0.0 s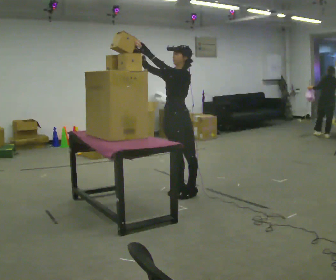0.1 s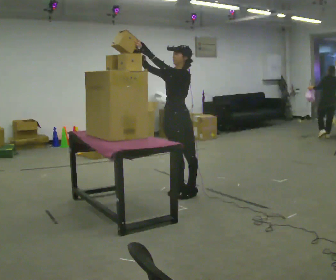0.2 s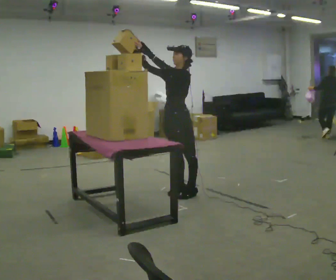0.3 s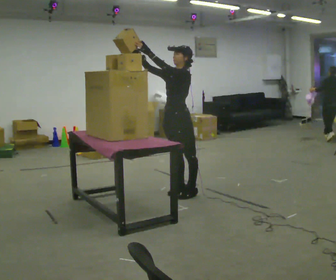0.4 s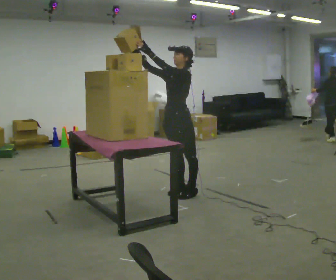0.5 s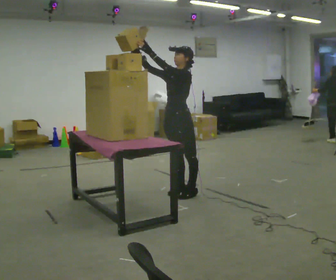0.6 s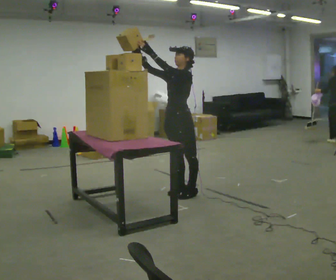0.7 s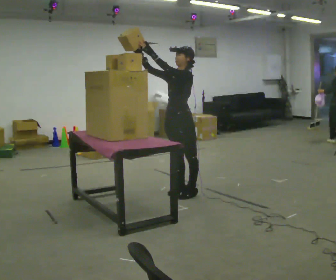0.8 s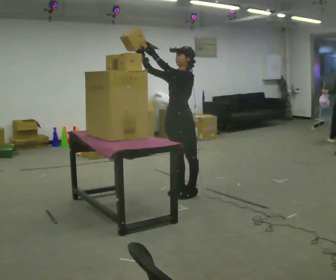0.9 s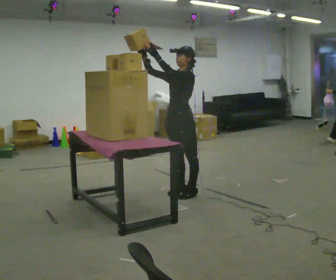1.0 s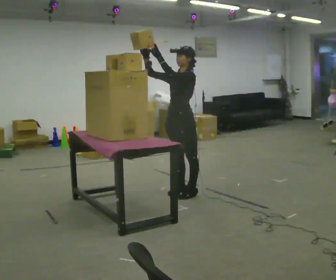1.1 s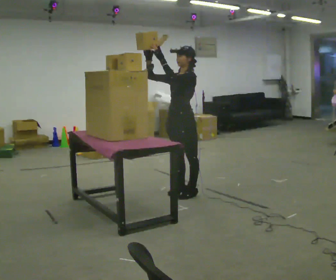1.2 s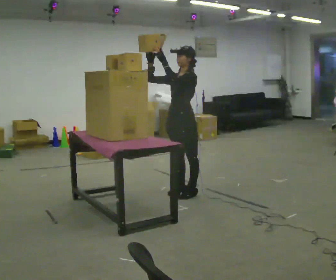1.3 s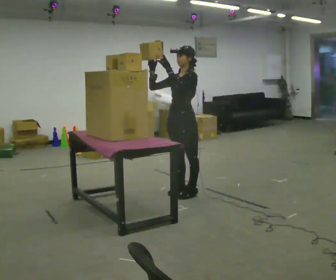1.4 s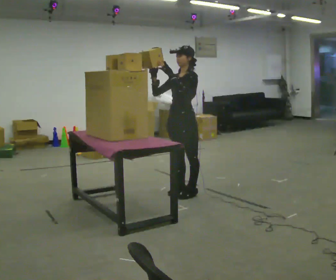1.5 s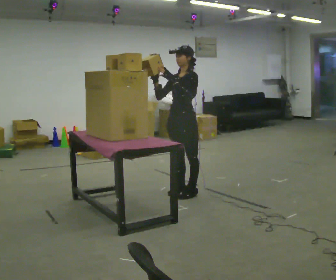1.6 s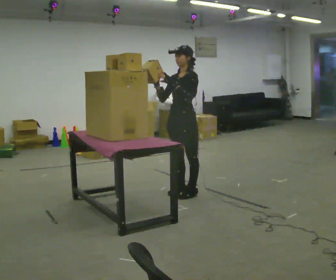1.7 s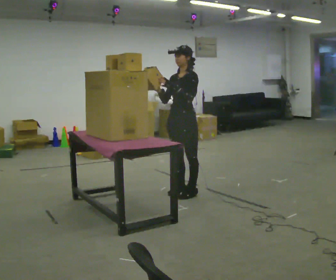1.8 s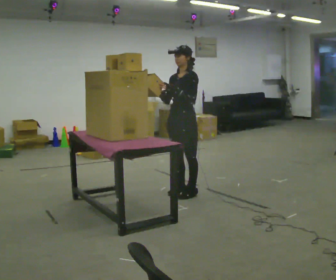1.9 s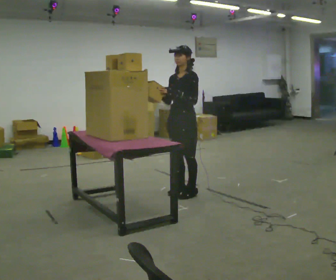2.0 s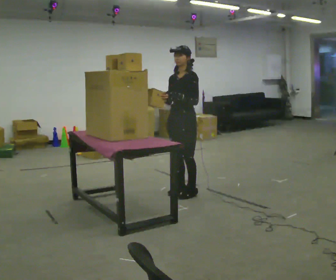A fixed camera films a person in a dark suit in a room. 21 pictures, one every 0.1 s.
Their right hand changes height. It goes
downward.
Their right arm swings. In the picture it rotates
counterclockwise.
0.0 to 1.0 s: The person moves a little, or ends about where they began.
1.0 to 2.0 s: In the picture their left hand goes downward.
The film runs backward here.
